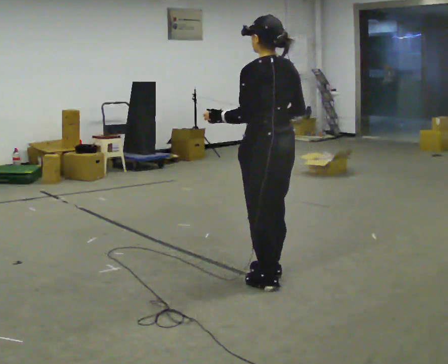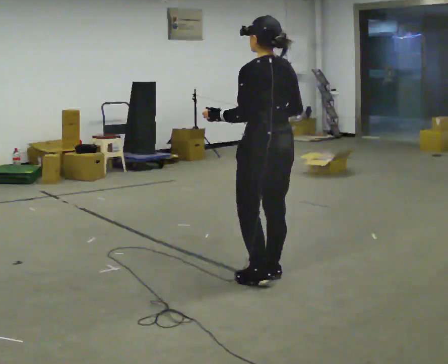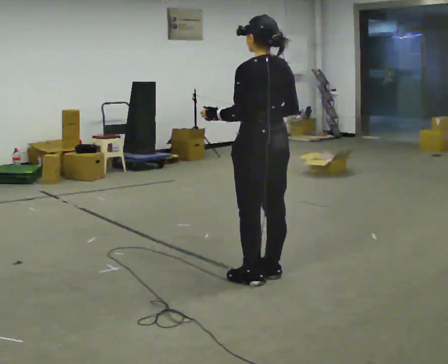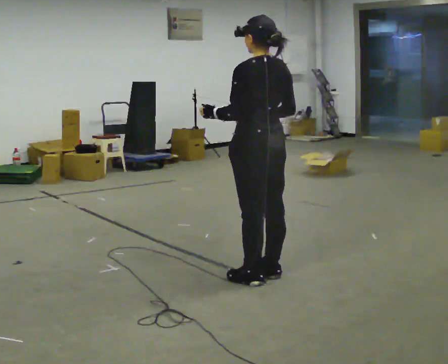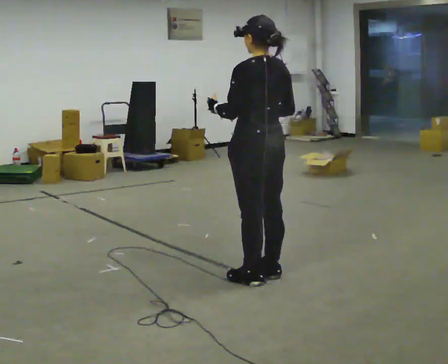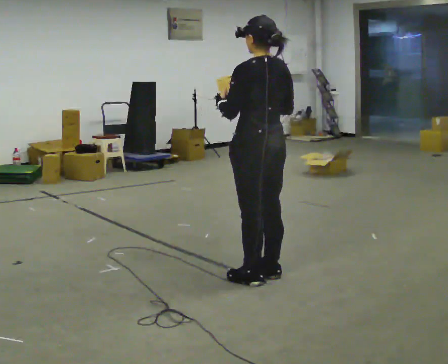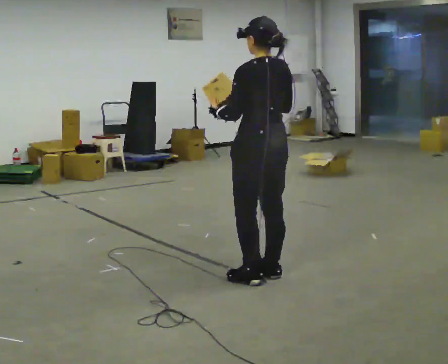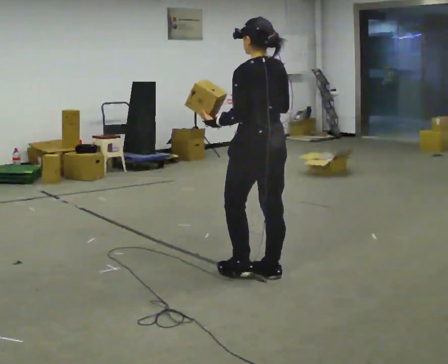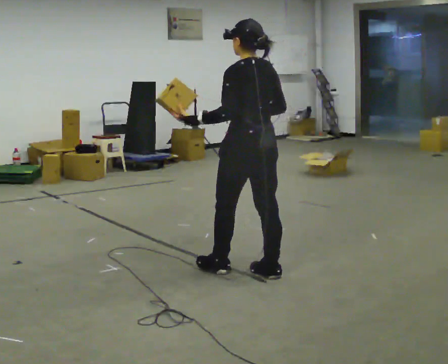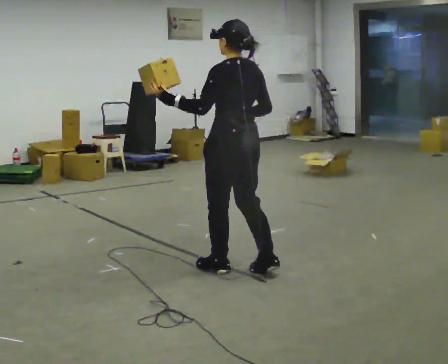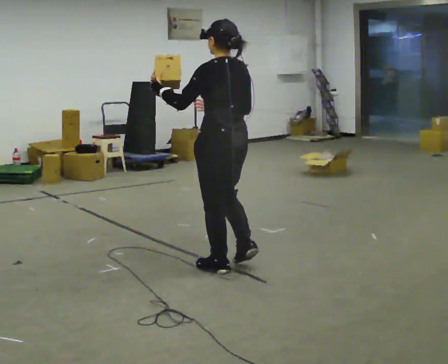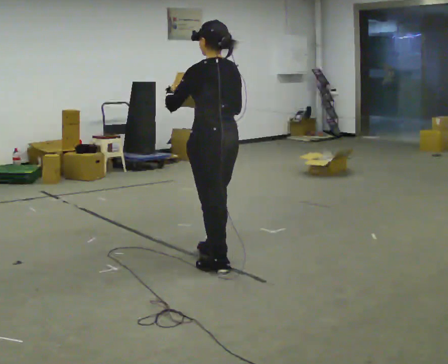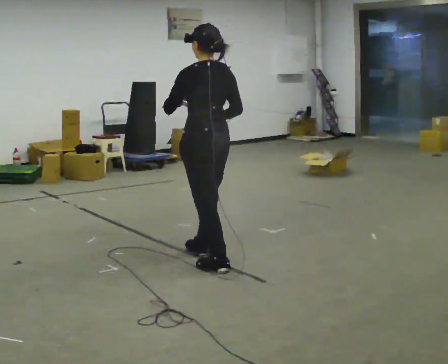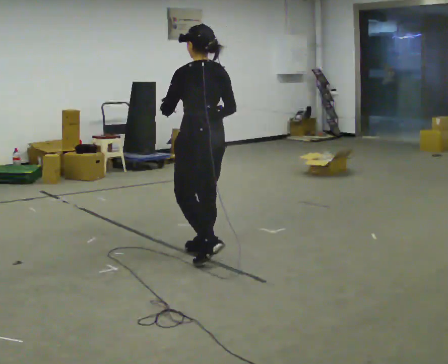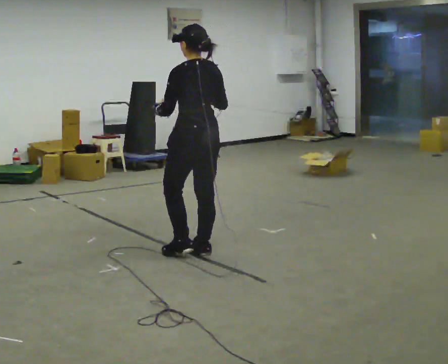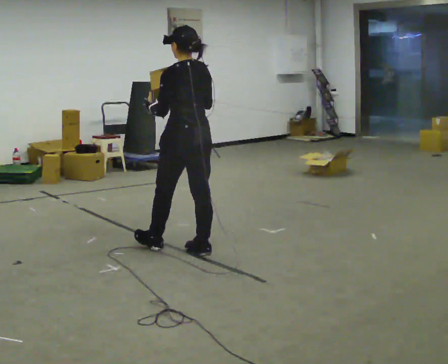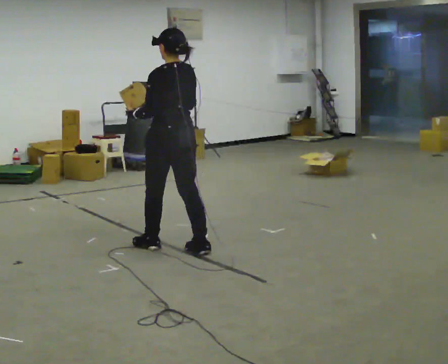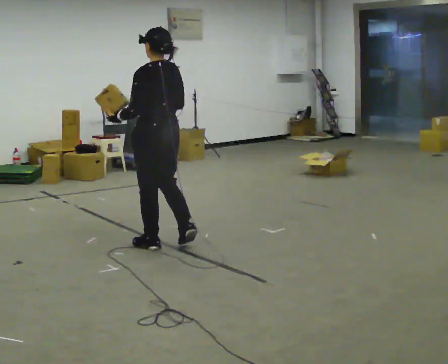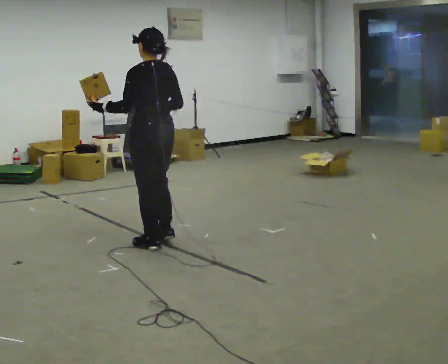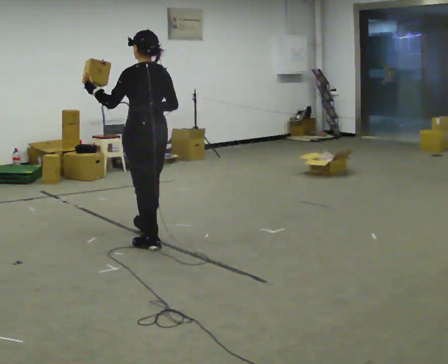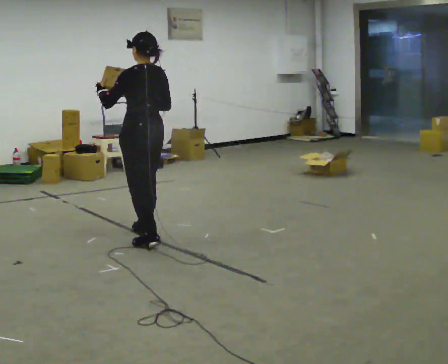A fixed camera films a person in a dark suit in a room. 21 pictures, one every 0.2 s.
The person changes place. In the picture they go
to the left.
0.0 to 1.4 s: The person moves a little, or ends about where they began.
1.4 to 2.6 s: In the picture they go to the left and away from the camera, about 0.5 m in 2 steps, which for them is forward.
2.6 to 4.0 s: In the picture they go to the left and away from the camera, about 0.75 m in 2 steps, which for them is forward.
The film runs forward here.
